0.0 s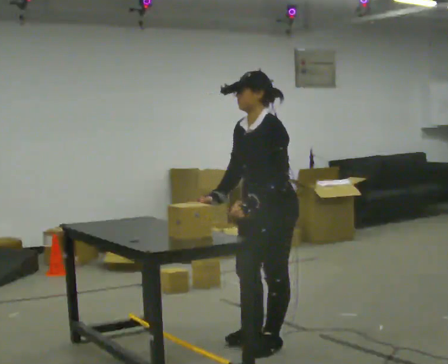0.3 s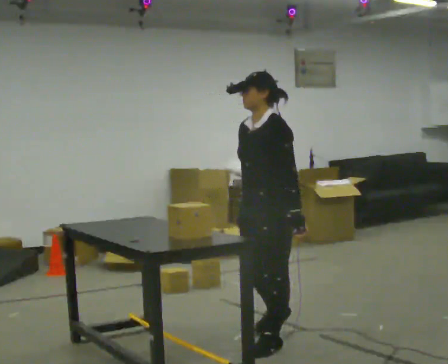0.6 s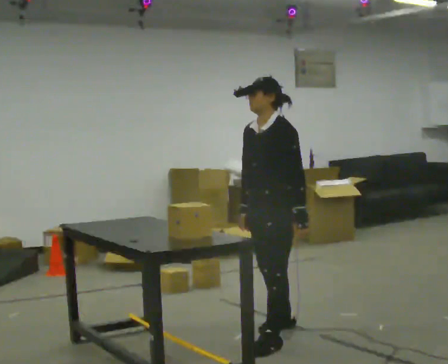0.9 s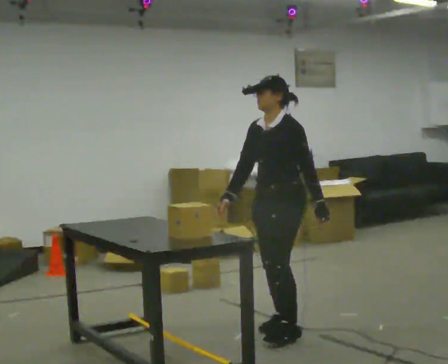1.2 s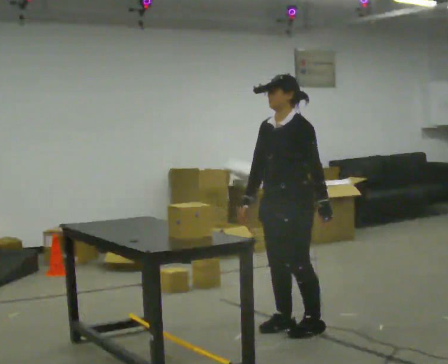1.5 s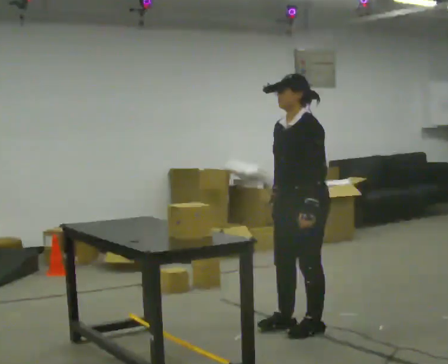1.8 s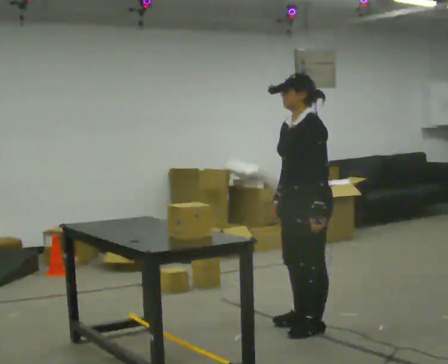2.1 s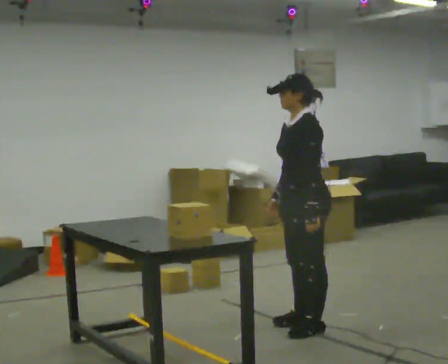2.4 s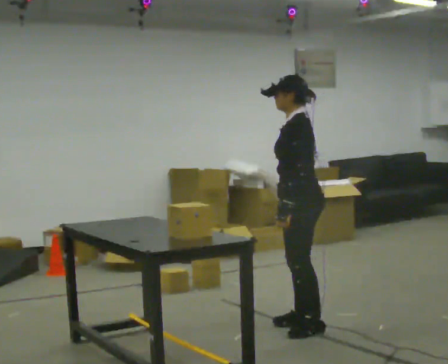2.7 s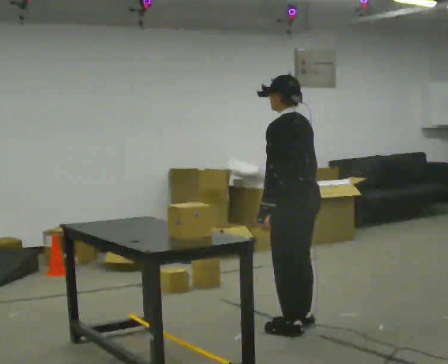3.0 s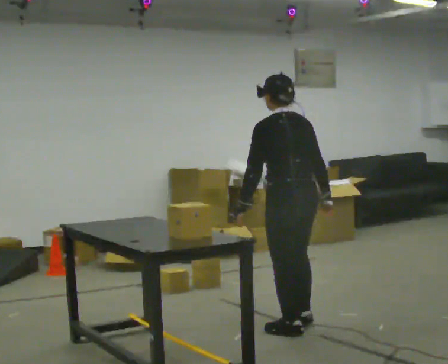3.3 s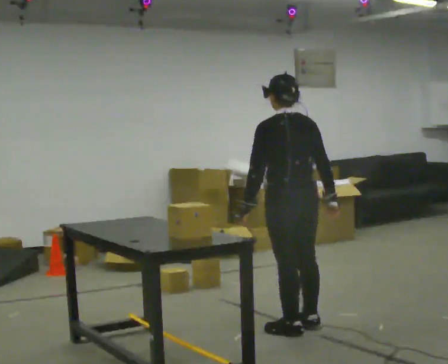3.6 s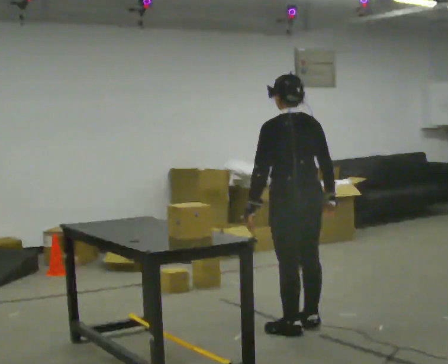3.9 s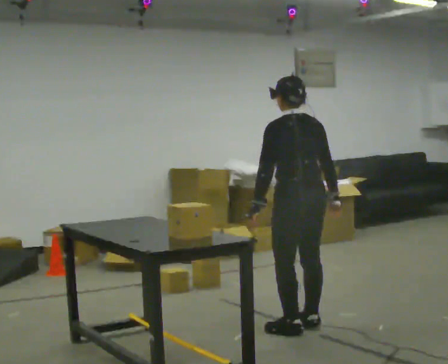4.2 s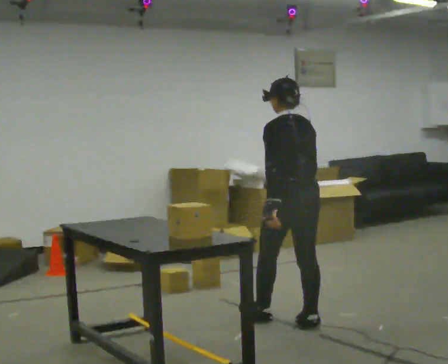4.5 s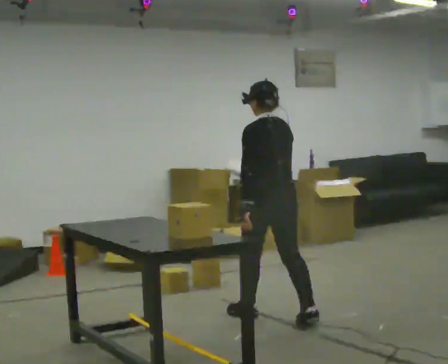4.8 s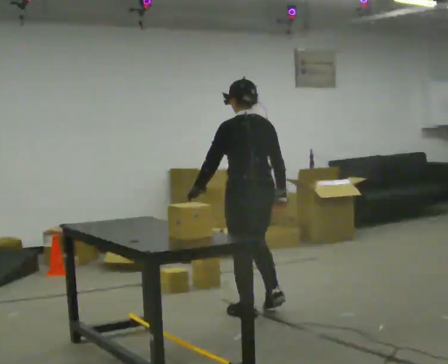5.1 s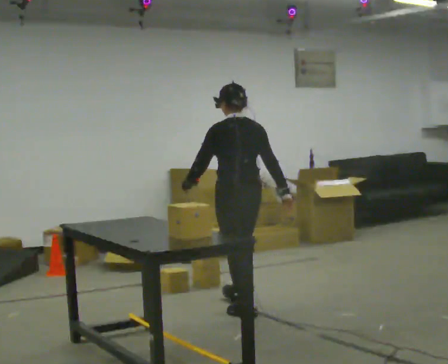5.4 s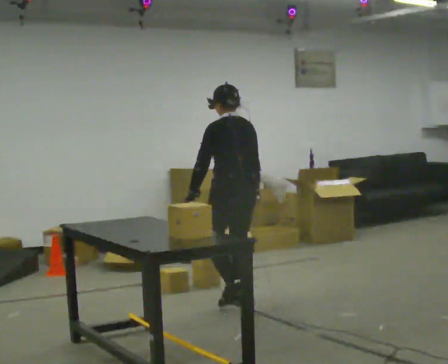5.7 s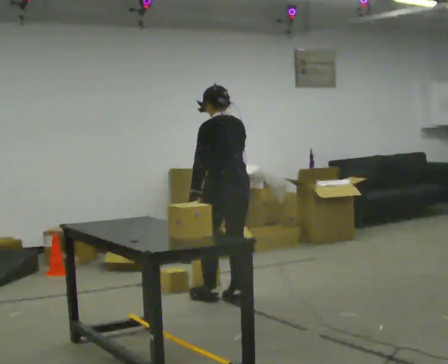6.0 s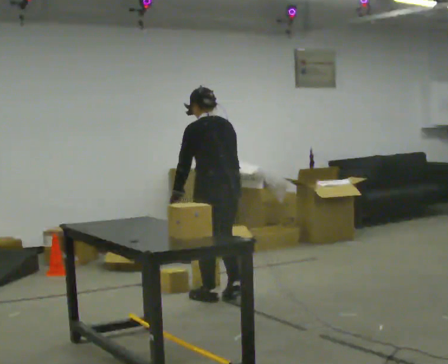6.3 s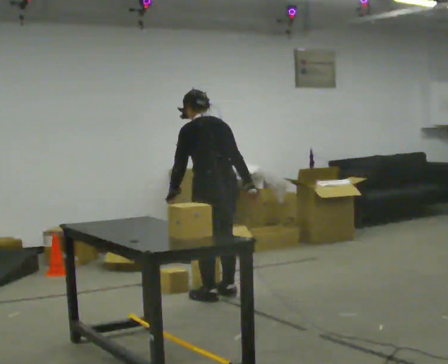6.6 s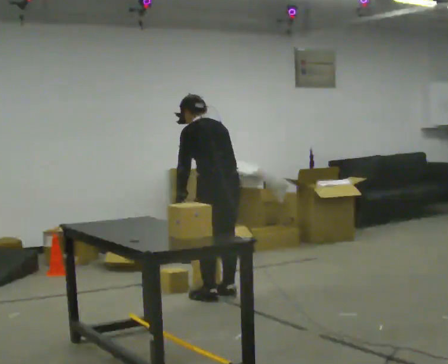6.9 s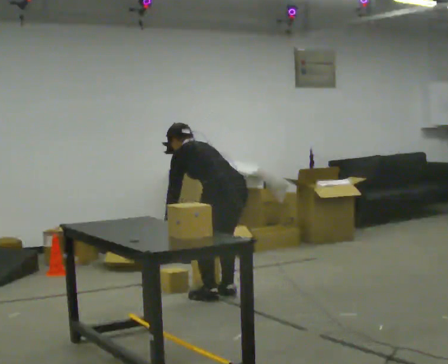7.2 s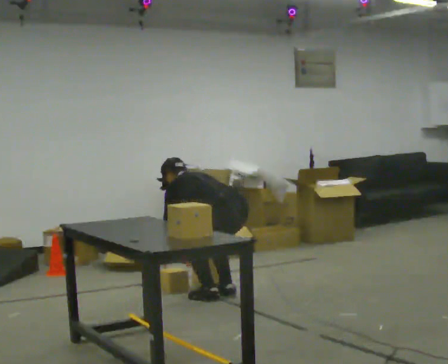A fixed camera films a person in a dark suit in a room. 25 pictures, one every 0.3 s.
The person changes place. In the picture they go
away from the camera.
0.0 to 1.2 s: In the picture they go away from the camera, about 0.25 m in 2 steps, which for them is backward and to their right.
1.2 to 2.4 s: Seen from above the body turns clockwise, about 30 degrees: to their right, with its near side sliding to the left.
2.4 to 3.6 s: The person turns about 60 degrees to their right, clockwise seen from above, so the part of the body nearest the lens slides to the left.
3.6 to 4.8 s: In the picture they go away from the camera and to the left, about 0.5 m in 1 step, which for them is forward.
4.8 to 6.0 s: In the picture they go away from the camera and to the left, about 0.5 m in 2 steps, which for them is forward.
6.0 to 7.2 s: The upper body goes downward. In the picture the upper body tilts counterclockwise, shoulders to the left, as they bend forward. In the picture their right hand goes downward and to the left.
The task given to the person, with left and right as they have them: Pick an object up off the floor at one end of the room, carry it across, and place it on the waist-height shelf at the other end. Keep going until the operator says stop; one object at a time, and do not rush between trips.
The film runs forward here.
